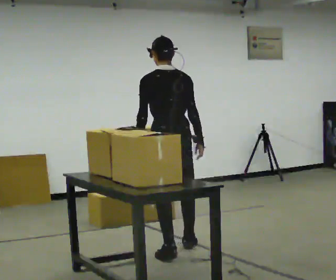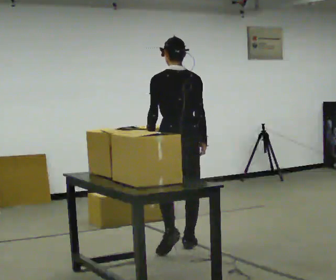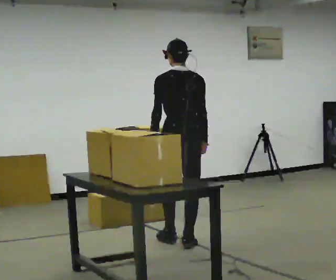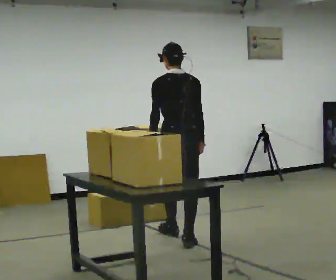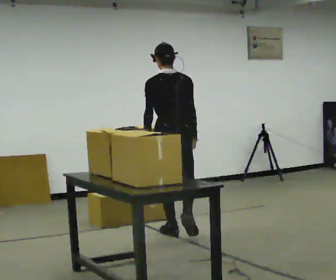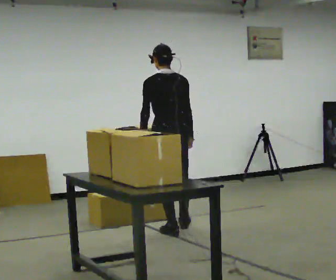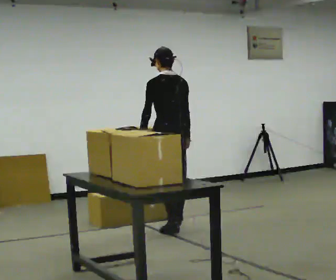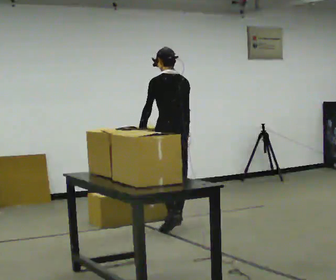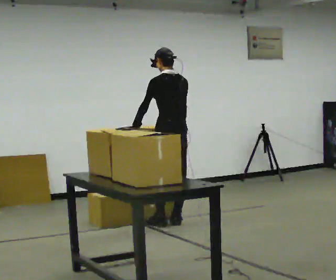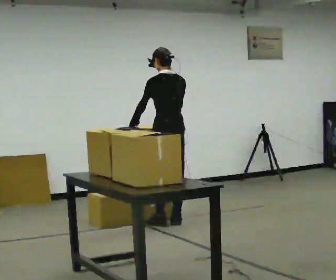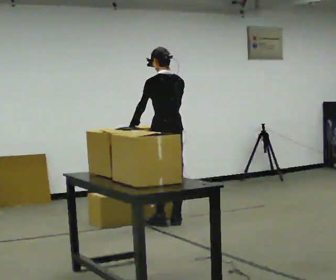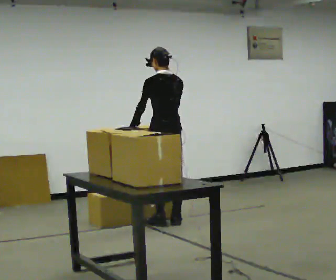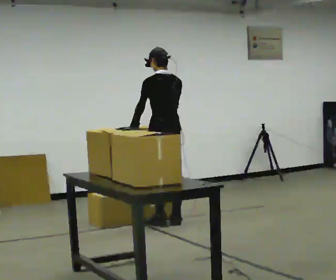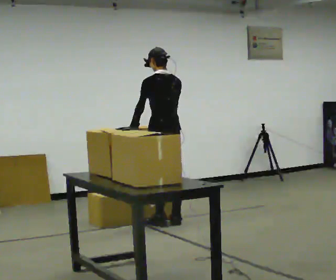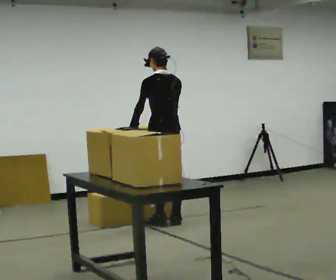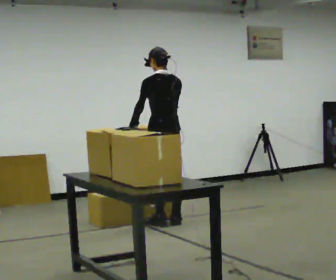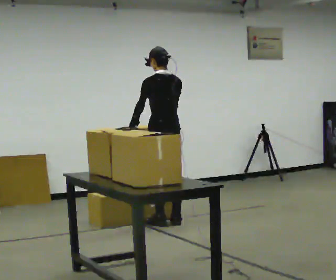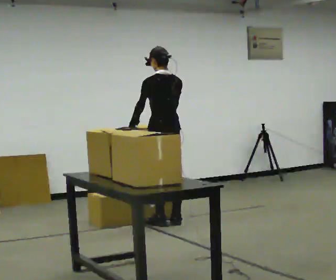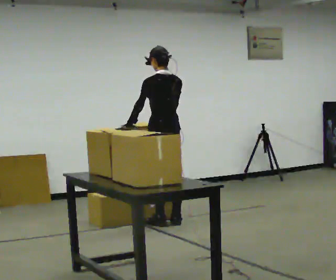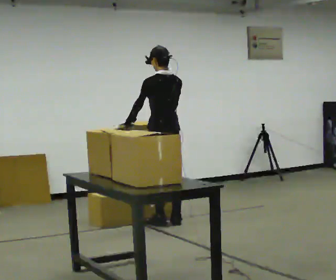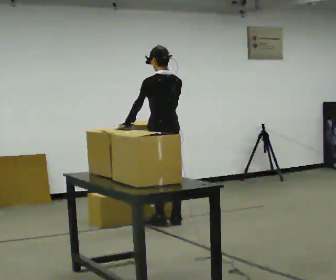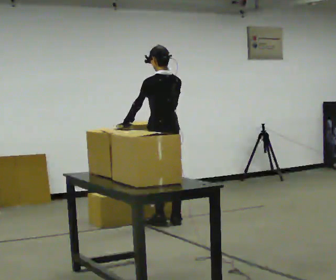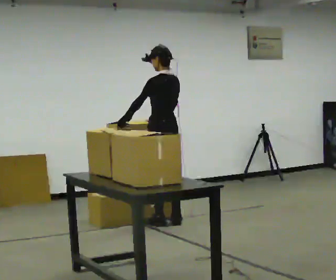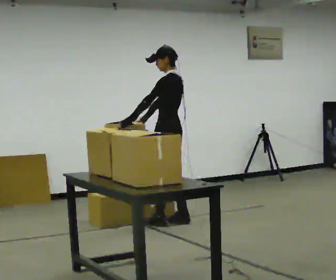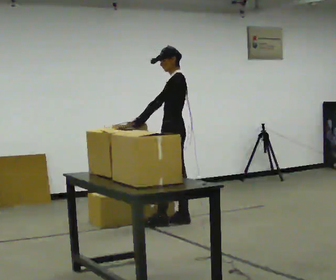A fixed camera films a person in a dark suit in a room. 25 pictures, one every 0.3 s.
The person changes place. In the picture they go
away from the camera.
Their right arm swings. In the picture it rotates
clockwise.
0.0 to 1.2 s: In the picture they go away from the camera, about 0.5 m in 1 step, which for them is forward.
1.2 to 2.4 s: In the picture they go away from the camera, about 0.5 m in 2 steps, which for them is forward and to their right.
2.4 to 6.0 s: The person moves a little, or ends about where they began.
6.0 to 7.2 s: The part of the body nearest the lens slides to the right as the person turns to their left by about 60 degrees. In the picture their right hand goes to the left.
The film runs forward here.
